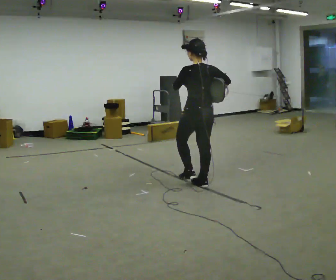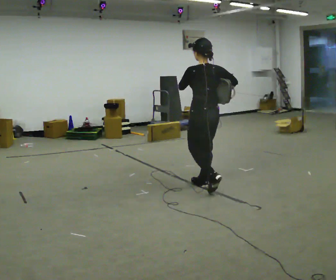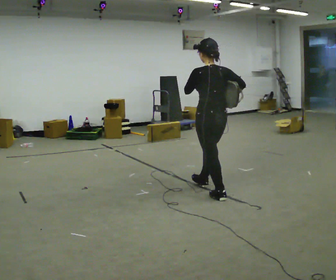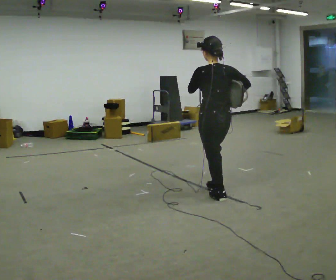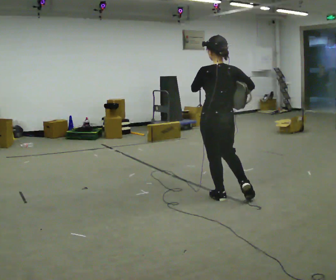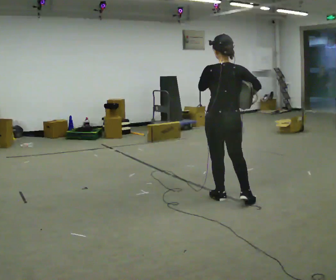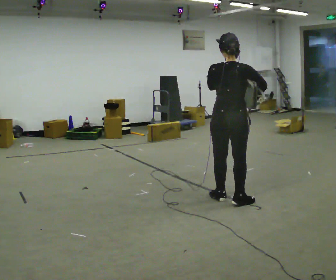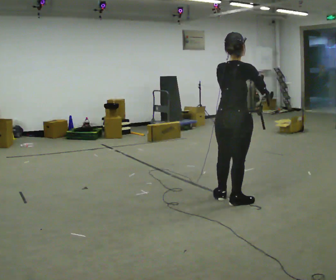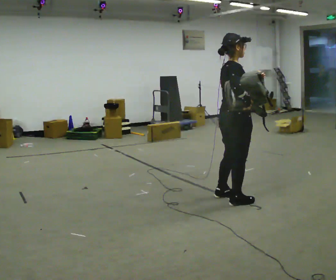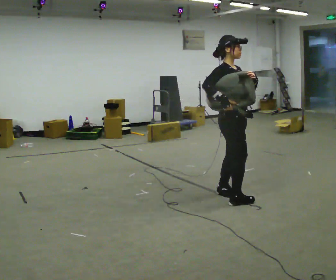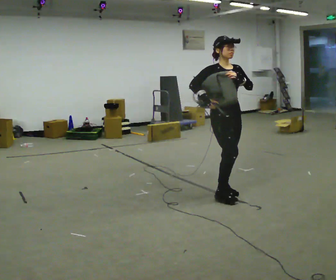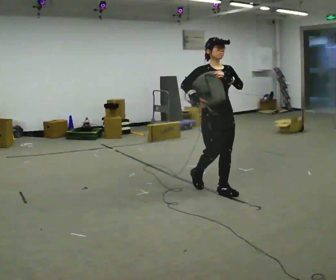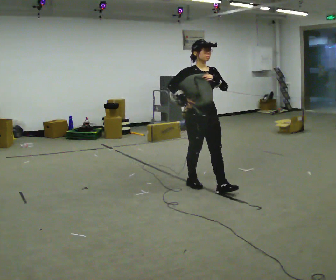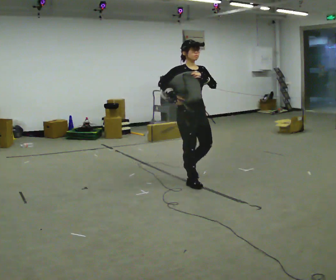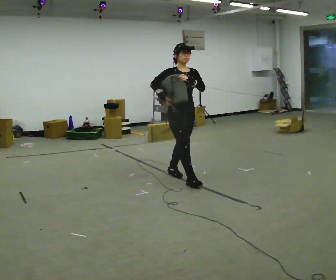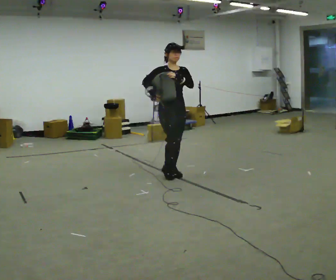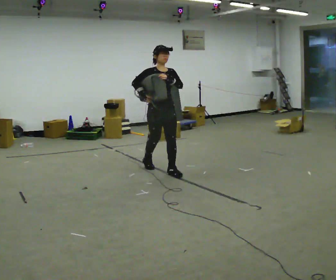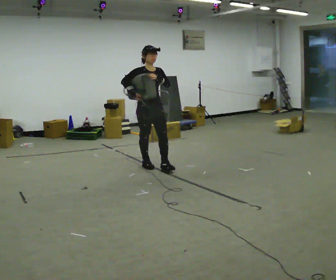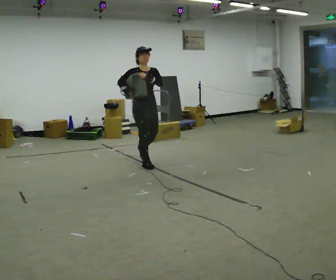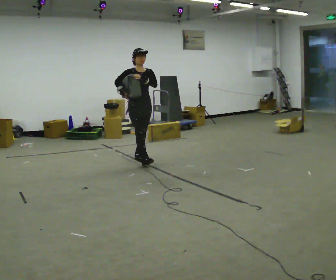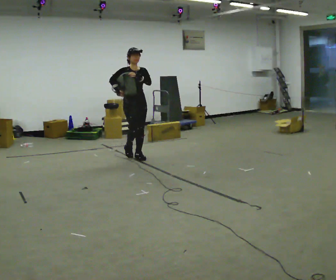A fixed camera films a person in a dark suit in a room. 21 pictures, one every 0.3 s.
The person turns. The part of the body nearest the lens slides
to the left.
The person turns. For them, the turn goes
to their right.
0.0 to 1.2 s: In the picture they go toward the camera and to the right, about 0.5 m in 1 step, which for them is backward.
1.2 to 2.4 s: The person turns about 90 degrees to their right, clockwise seen from above, so the part of the body nearest the lens slides to the left. In the picture their left hand goes to the right.
2.4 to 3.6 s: Seen from above the body turns clockwise, about 75 degrees: to their right, with its near side sliding to the left. In the picture they go away from the camera and to the left, about 0.5 m in 2 steps.
3.6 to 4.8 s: In the picture they go to the left and away from the camera, about 1 m in 1 step, which for them is backward.
4.8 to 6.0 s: In the picture they go away from the camera and to the left, about 1 m in 2 steps, which for them is backward.
The film runs backward here.
